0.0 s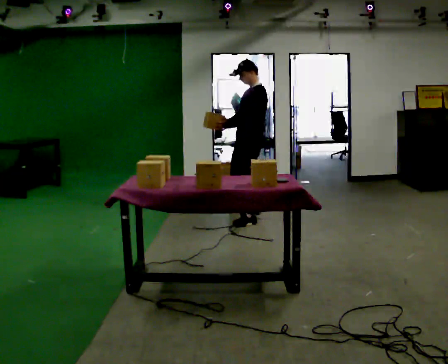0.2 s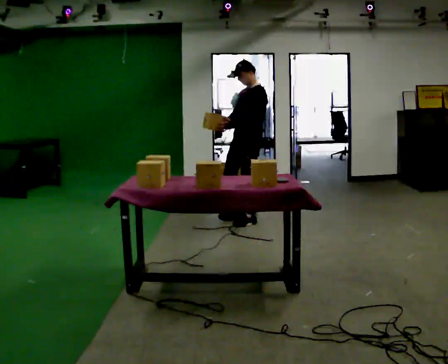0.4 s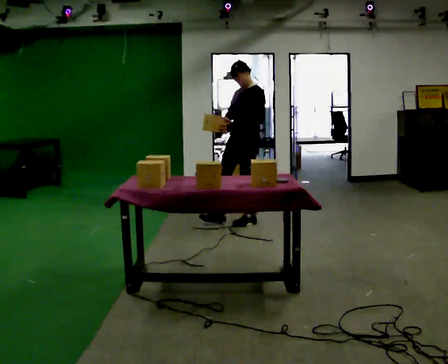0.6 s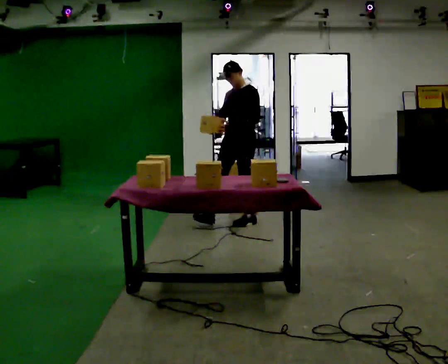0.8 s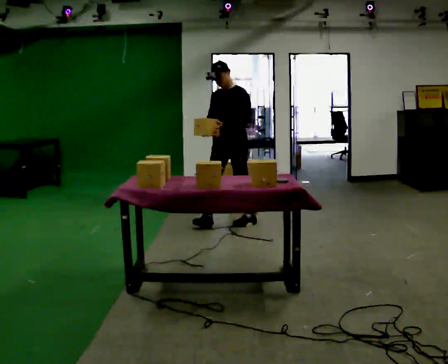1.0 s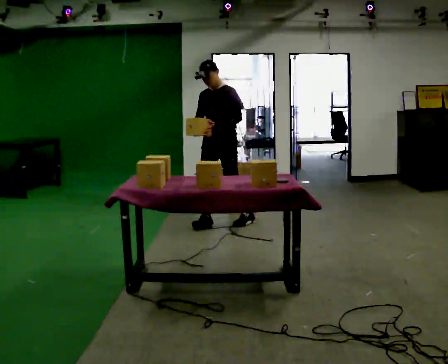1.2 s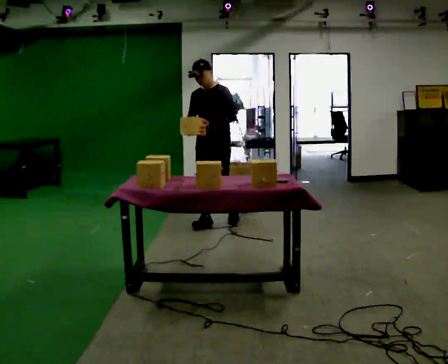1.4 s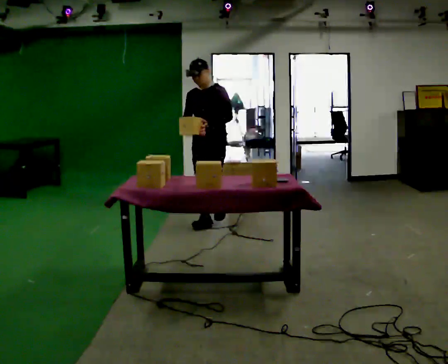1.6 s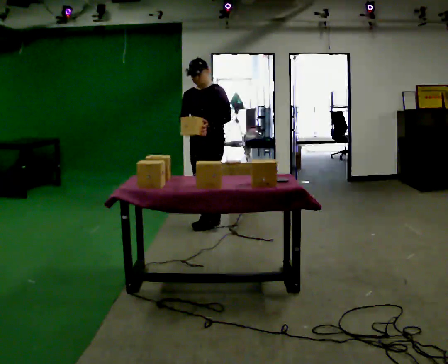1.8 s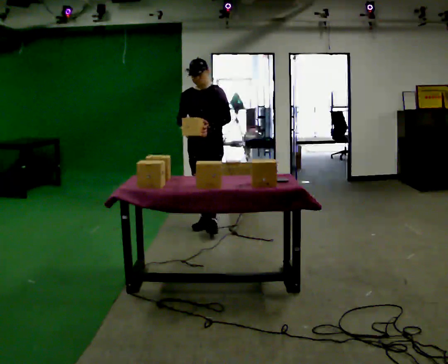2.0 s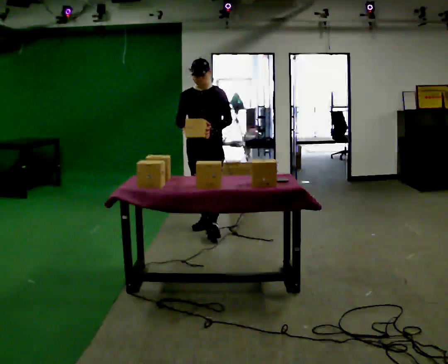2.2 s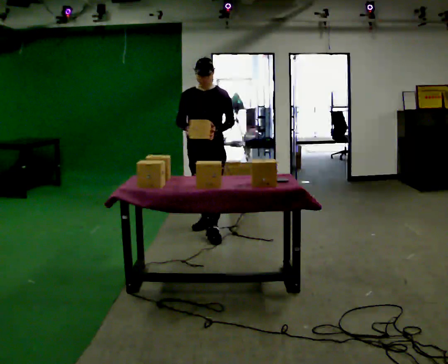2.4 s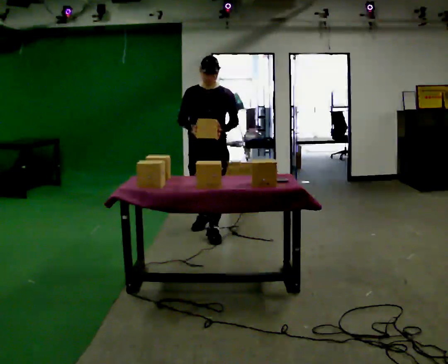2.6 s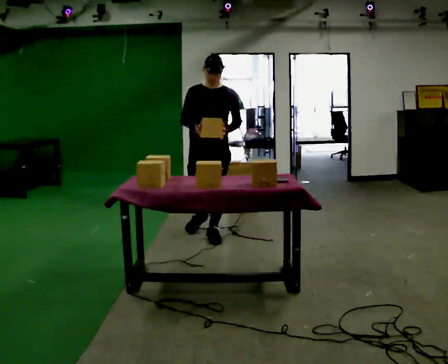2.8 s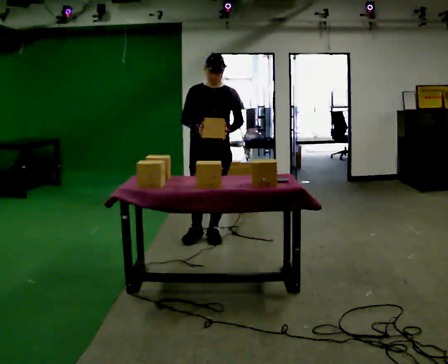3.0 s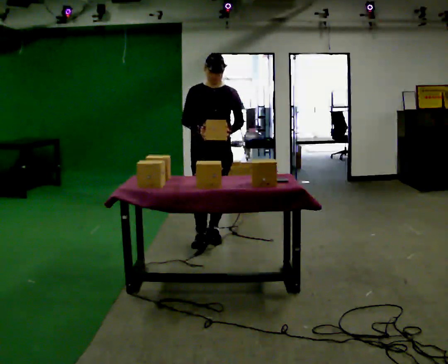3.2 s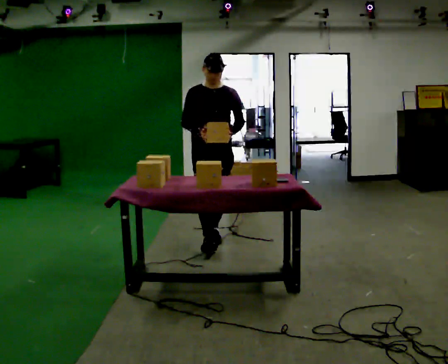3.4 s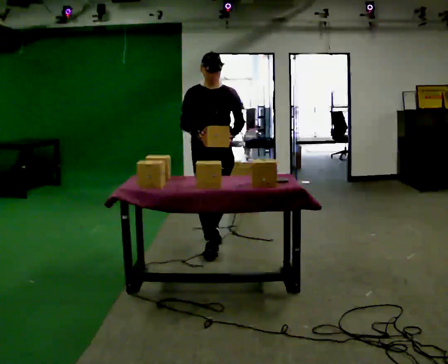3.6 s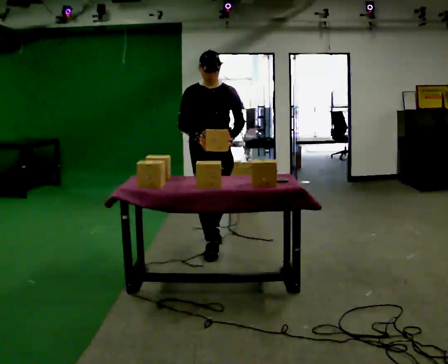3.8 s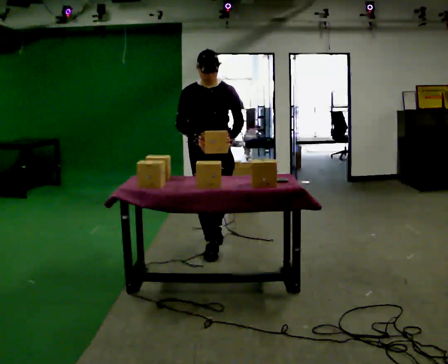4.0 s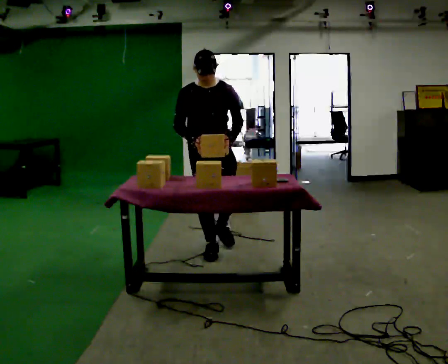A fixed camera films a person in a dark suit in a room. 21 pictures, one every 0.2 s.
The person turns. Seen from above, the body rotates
counterclockwise.
Their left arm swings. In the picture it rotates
counterclockwise.
0.0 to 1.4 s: The person turns about 45 degrees to their left, counterclockwise seen from above, so the part of the body nearest the lens slides to the right. In the picture they go to the left, about 0.5 m in 1 step, which for them is forward and to their right.
1.4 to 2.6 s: The person turns about 30 degrees to their left, counterclockwise seen from above, so the part of the body nearest the lens slides to the right. In the picture they go toward the camera, about 0.5 m in 1 step, which for them is forward.
2.6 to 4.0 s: In the picture they go toward the camera, about 0.5 m in 1 step, which for them is forward.
The film runs forward here.
